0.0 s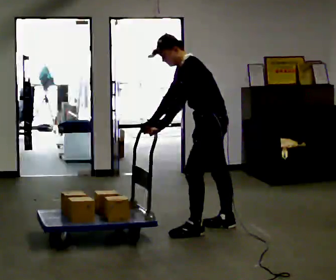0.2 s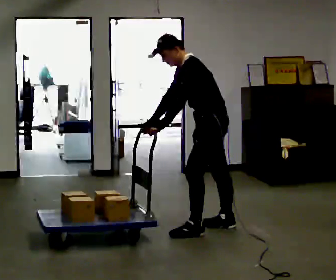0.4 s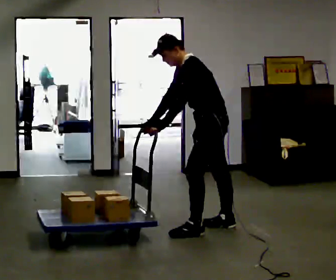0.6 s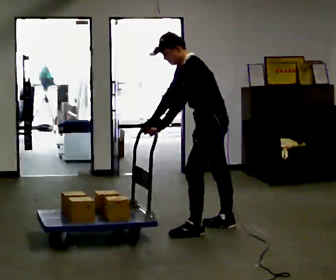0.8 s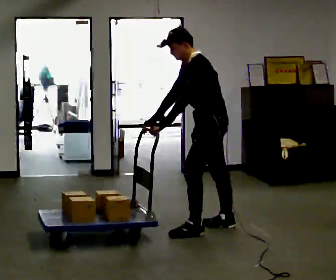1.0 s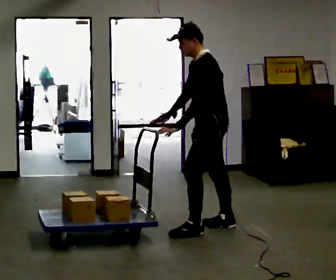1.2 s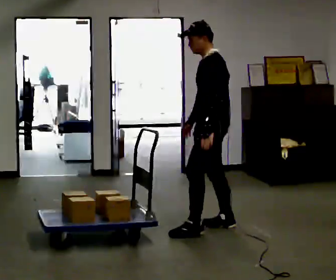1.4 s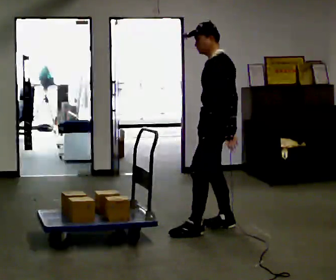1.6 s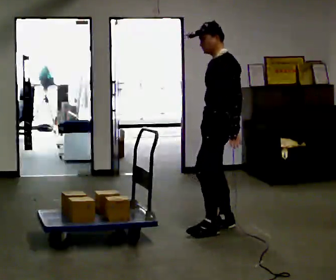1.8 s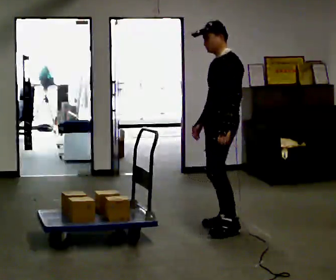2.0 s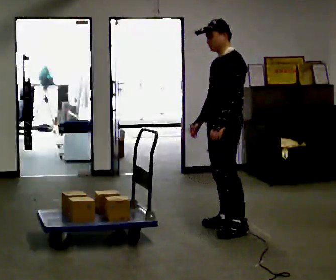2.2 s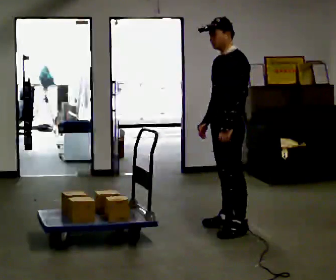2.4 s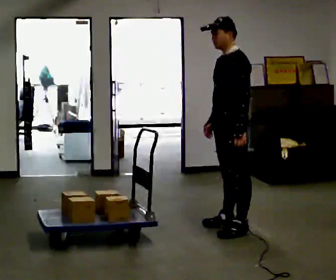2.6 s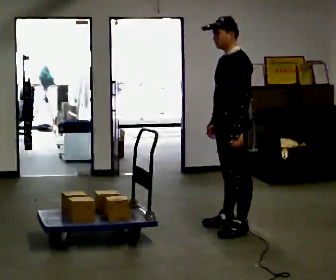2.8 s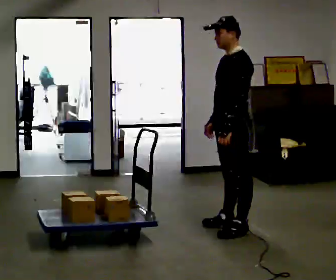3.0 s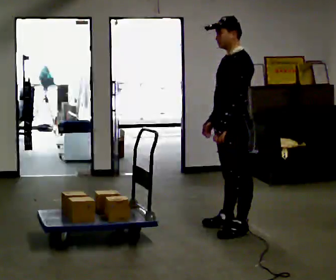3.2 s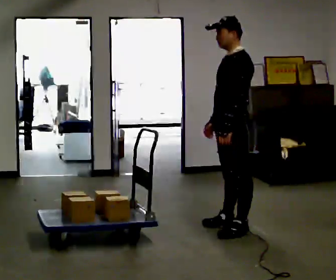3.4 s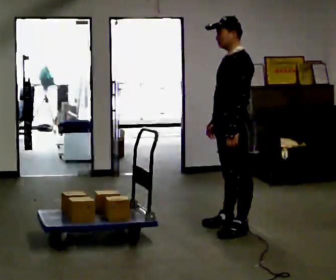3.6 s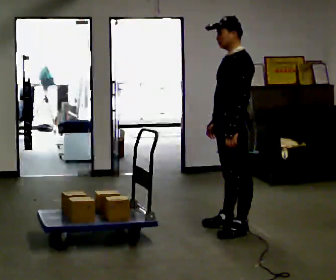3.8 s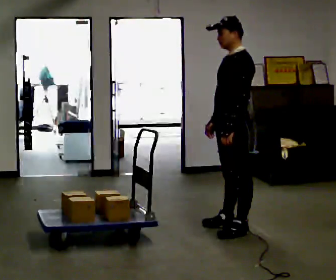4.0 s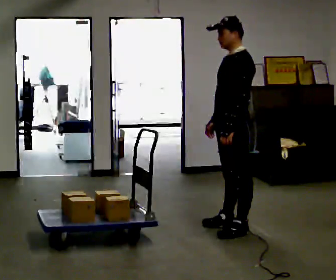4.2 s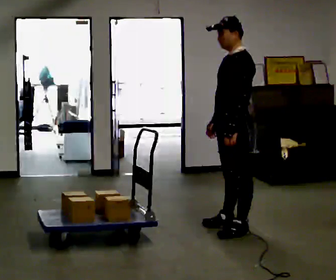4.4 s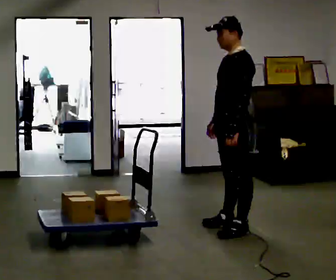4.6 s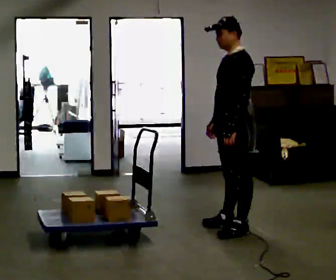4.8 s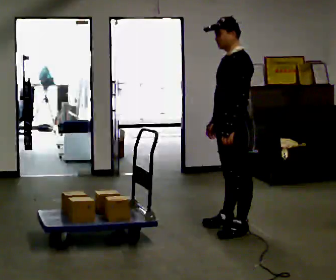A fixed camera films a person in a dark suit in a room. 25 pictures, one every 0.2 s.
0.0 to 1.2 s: In the picture the upper body tilts clockwise, shoulders to the right, as they lean back or straighten. In the picture their right hand goes to the right.
1.2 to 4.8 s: The person moves a little, or ends about where they began.
The film runs forward here.
